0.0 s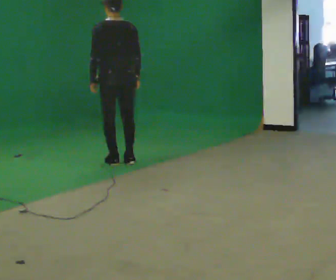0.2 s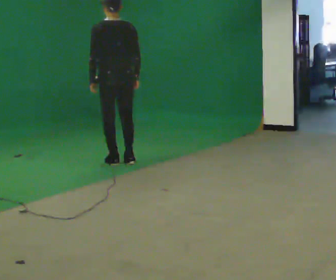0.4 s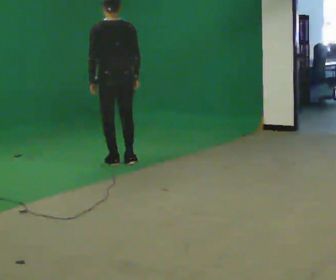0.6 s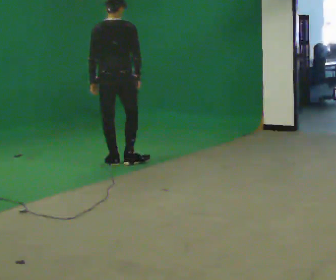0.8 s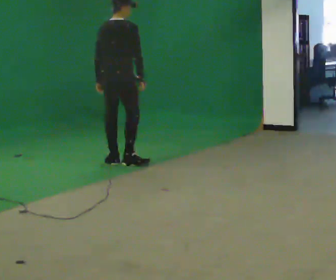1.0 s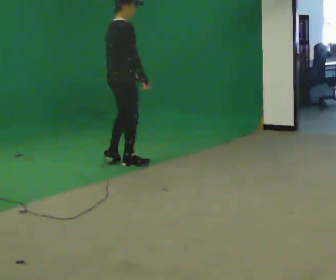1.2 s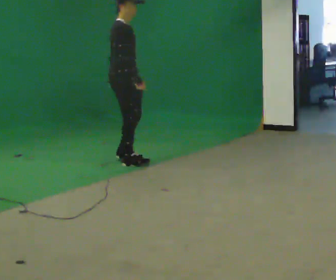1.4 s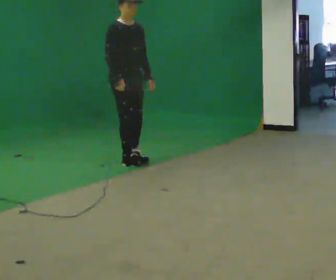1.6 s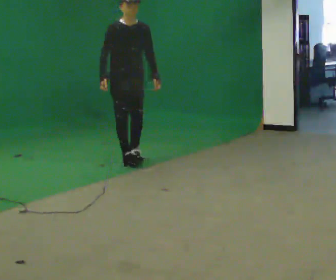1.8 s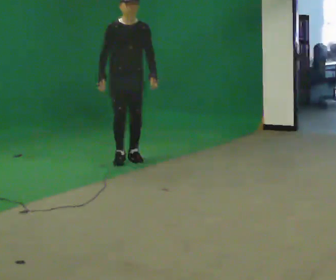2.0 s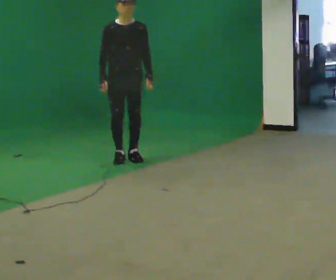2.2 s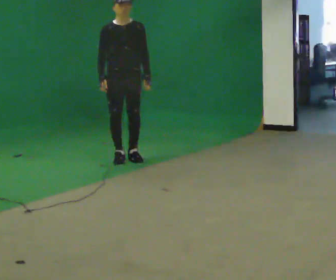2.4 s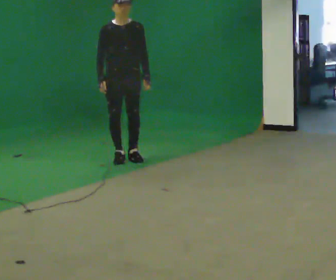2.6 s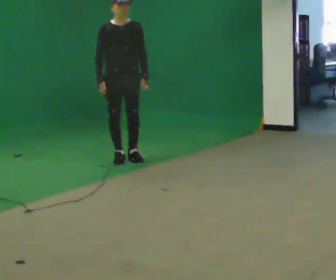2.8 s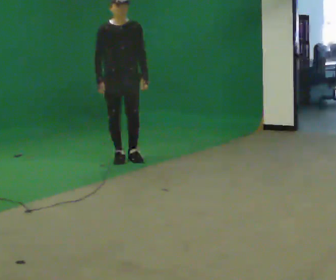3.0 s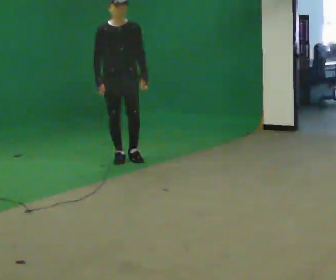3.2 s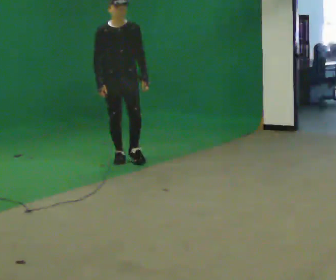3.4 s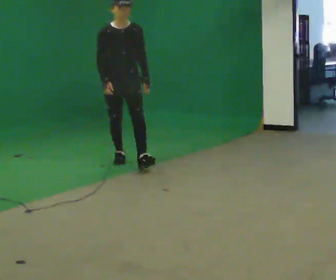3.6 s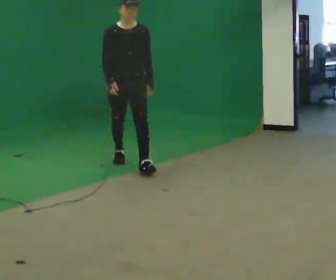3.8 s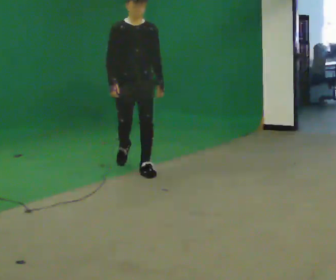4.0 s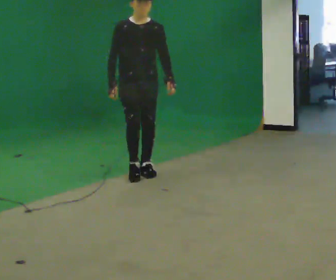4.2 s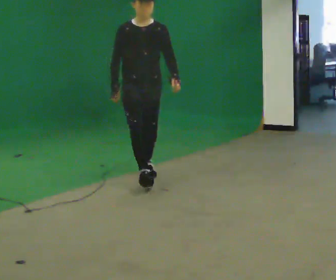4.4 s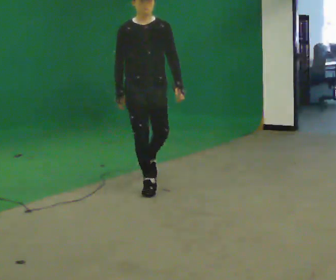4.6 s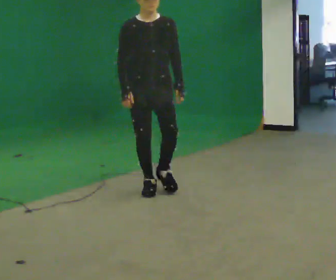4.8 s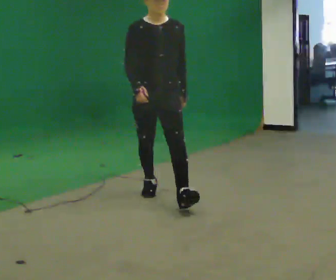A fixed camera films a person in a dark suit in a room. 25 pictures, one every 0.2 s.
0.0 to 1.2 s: Seen from above the body turns clockwise, about 120 degrees: to their right, with its near side sliding to the left.
1.2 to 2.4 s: The part of the body nearest the lens slides to the left as the person turns to their right by about 60 degrees. In the picture they go away from the camera, about 0.25 m in 2 steps. In the picture their right hand goes to the left.
2.4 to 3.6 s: In the picture they go toward the camera, about 0.5 m in 1 step, which for them is forward.
3.6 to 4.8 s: In the picture they go toward the camera, about 1.5 m in 1 step, which for them is forward.
The film runs forward here.
